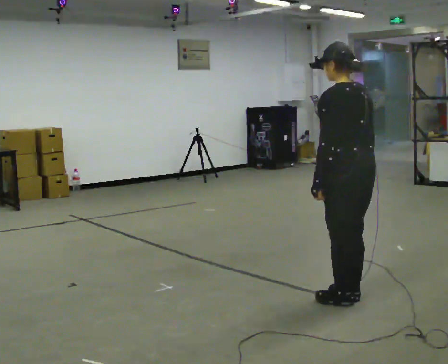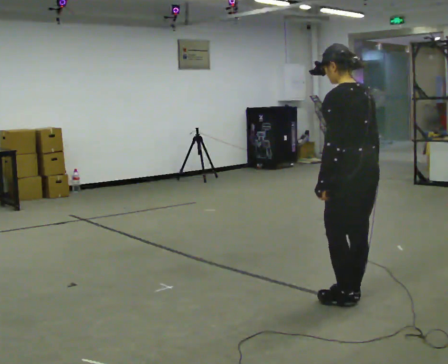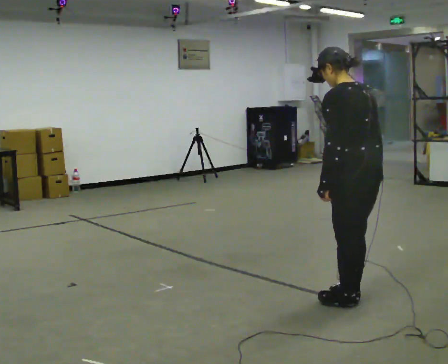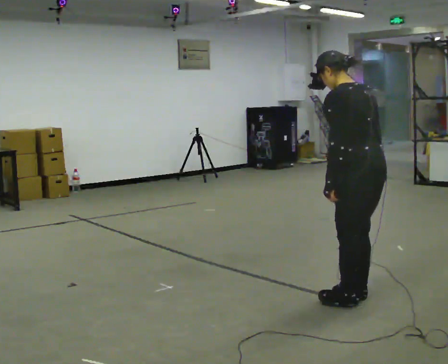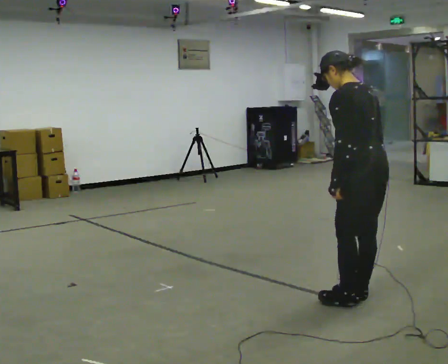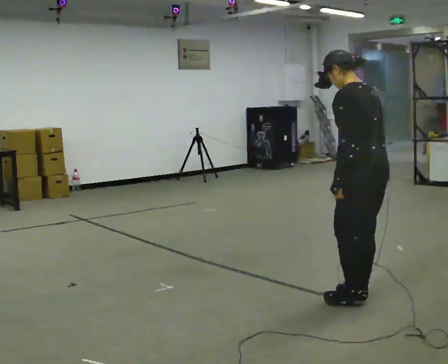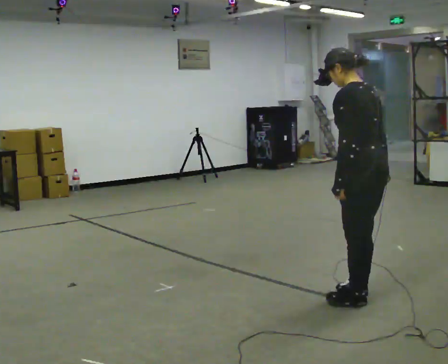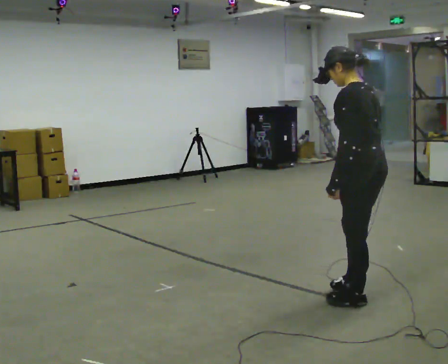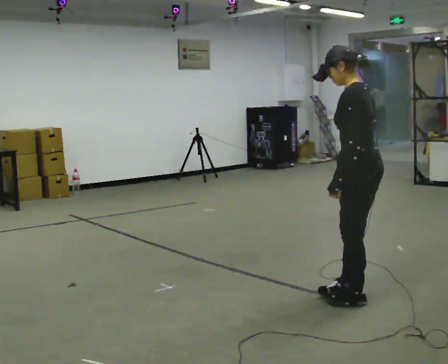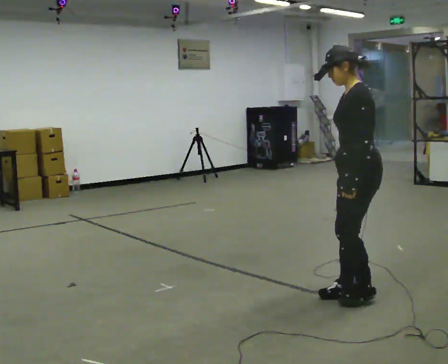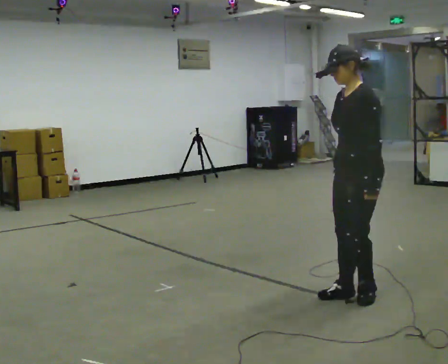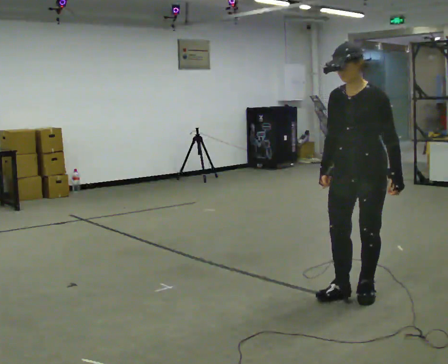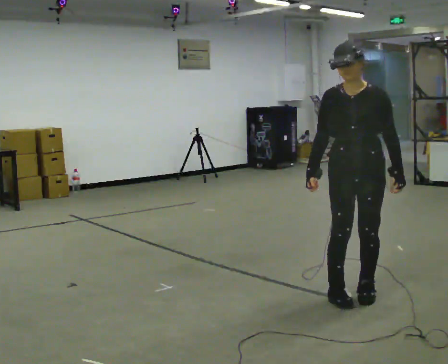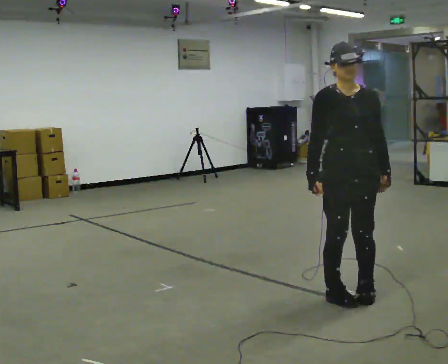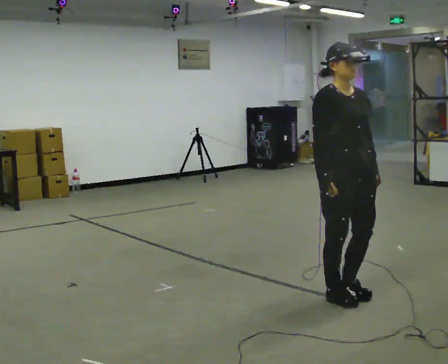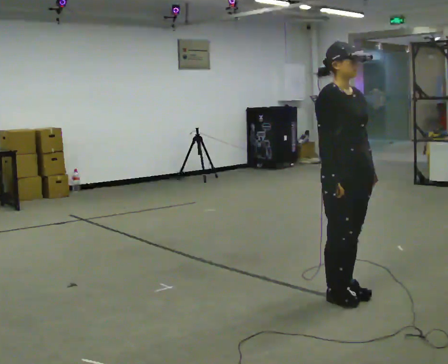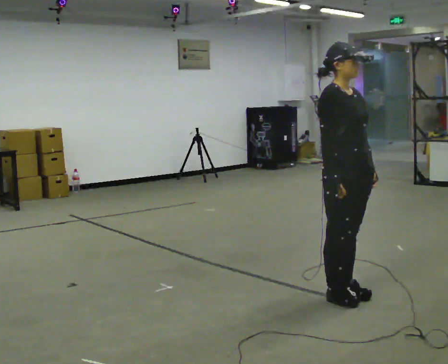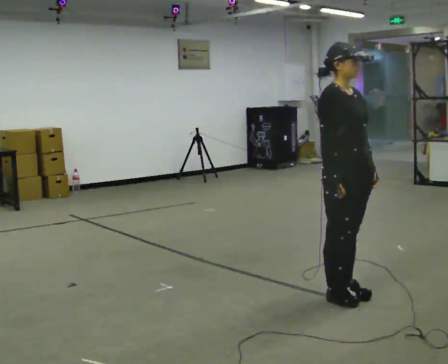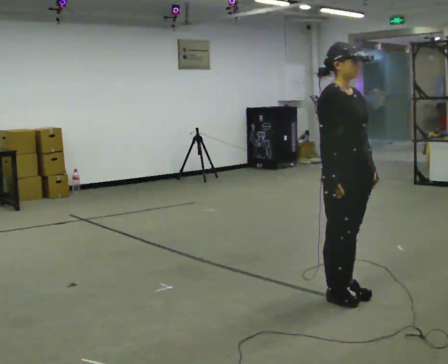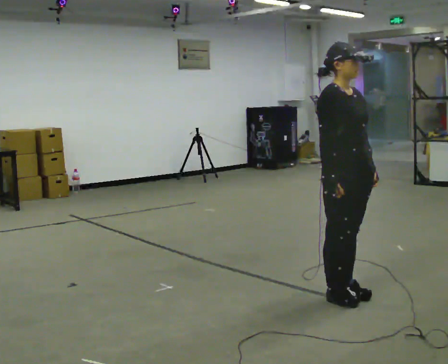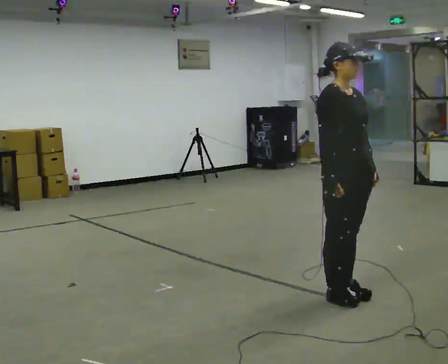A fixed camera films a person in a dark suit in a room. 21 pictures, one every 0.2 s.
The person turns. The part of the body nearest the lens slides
to the right.
The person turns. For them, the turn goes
to their left.
0.0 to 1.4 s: The person moves a little, or ends about where they began.
1.4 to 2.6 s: Seen from above the body turns counterclockwise, about 120 degrees: to their left, with its near side sliding to the right. In the picture their right hand goes to the left.
2.6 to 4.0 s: The part of the body nearest the lens slides to the right as the person turns to their left by about 45 degrees.
The film runs backward here.
